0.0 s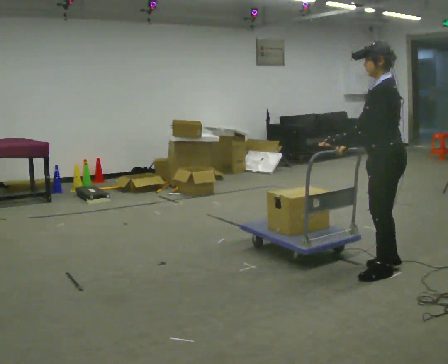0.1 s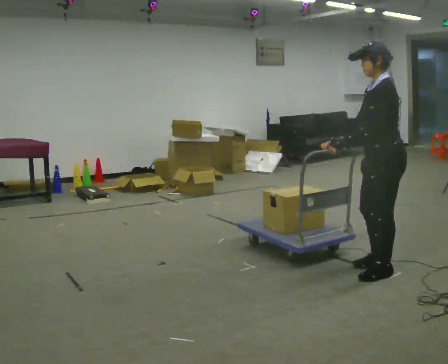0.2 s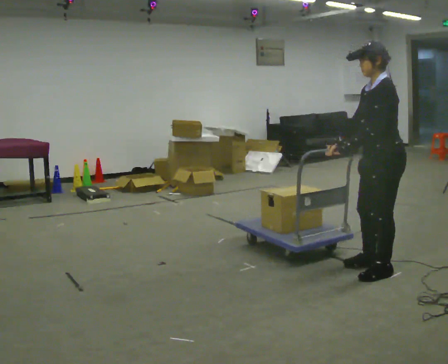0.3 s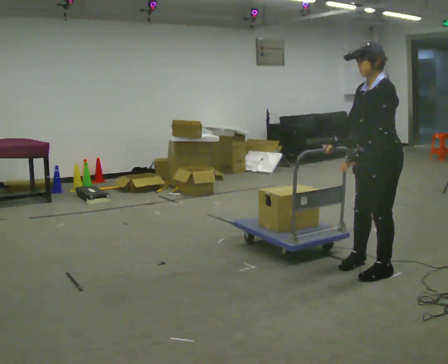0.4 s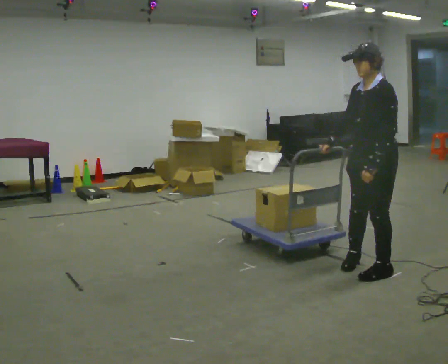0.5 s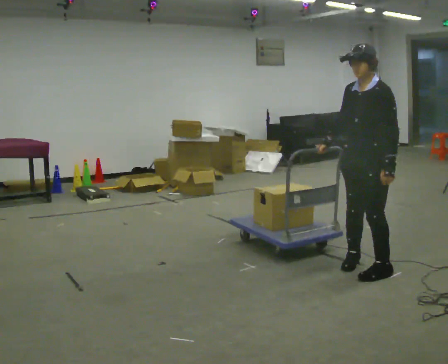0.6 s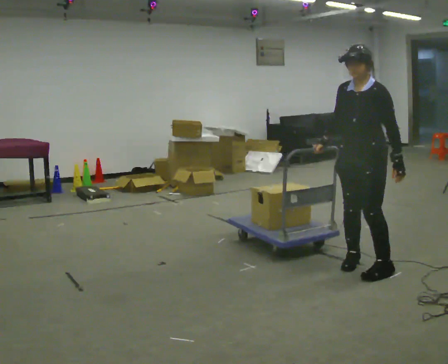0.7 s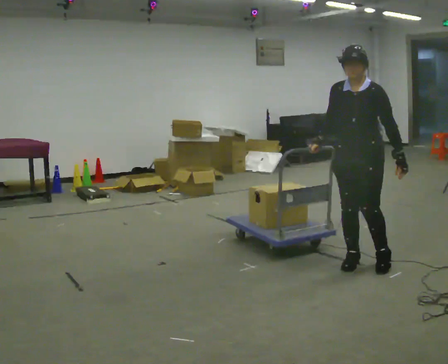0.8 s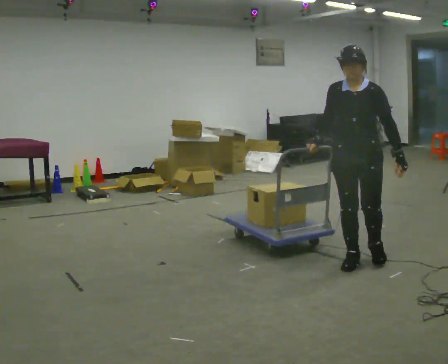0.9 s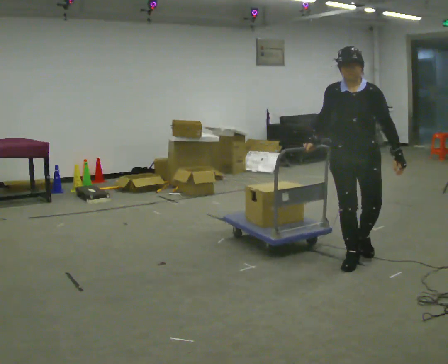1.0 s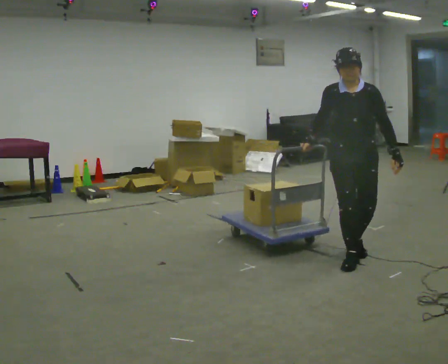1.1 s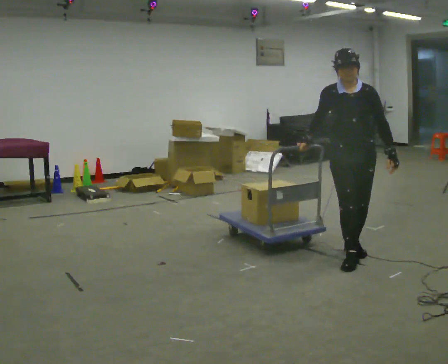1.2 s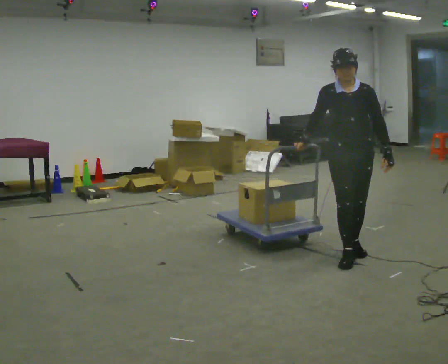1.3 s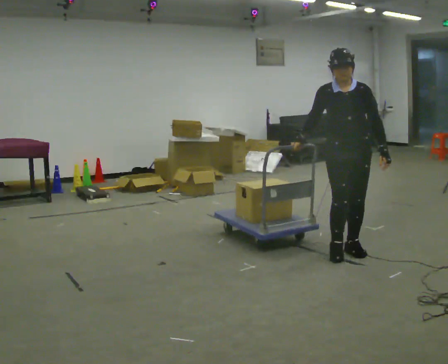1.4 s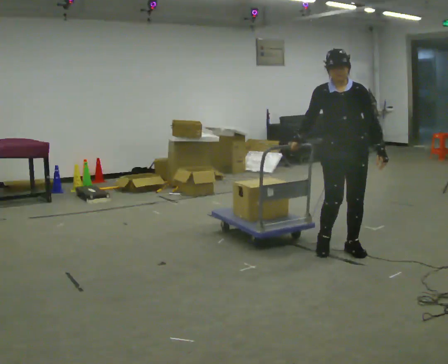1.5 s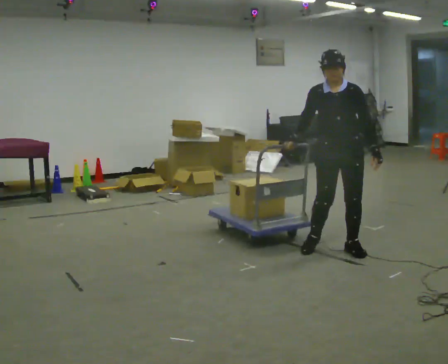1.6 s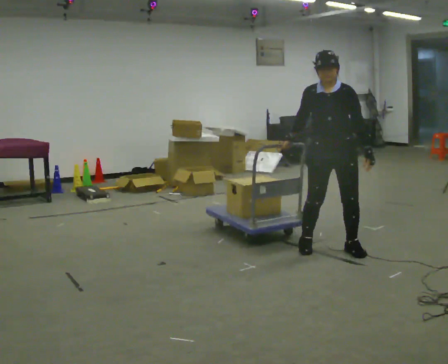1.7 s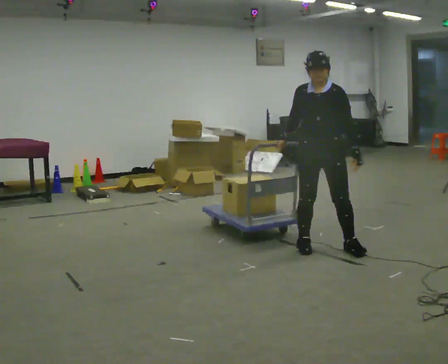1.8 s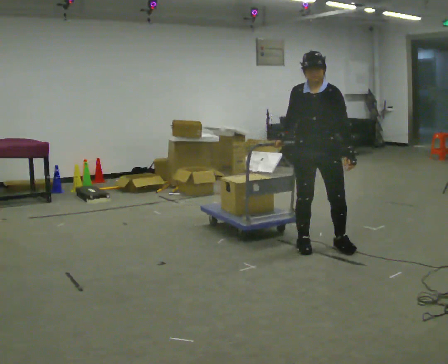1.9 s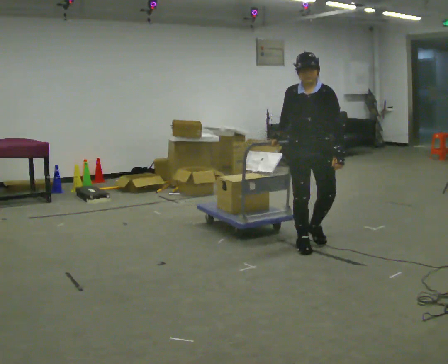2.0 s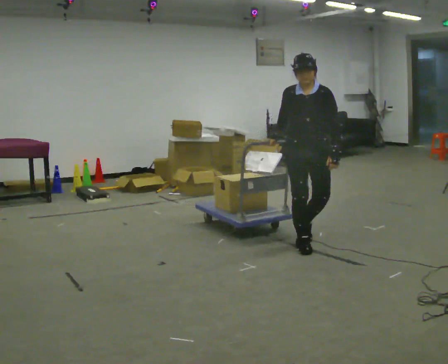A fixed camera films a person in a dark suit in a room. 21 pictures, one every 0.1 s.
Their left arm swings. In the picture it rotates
counterclockwise.
The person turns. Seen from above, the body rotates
counterclockwise.
0.0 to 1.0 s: The person turns about 105 degrees to their left, counterclockwise seen from above, so the part of the body nearest the lens slides to the right. In the picture they go away from the camera and to the left, about 0.25 m in 2 steps.
1.0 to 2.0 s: In the picture they go to the left and away from the camera, about 0.5 m in 2 steps, which for them is backward and to their right.
The film runs backward here.
